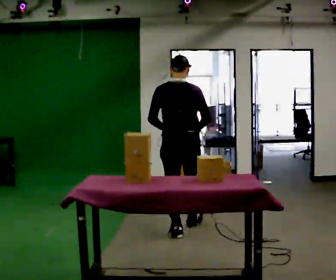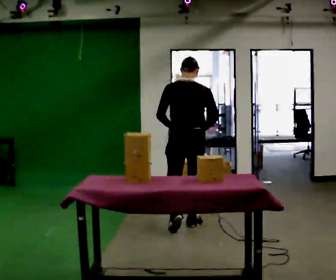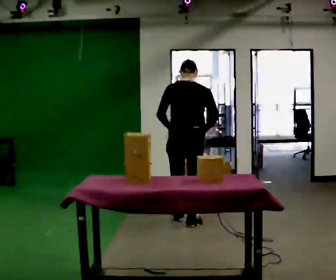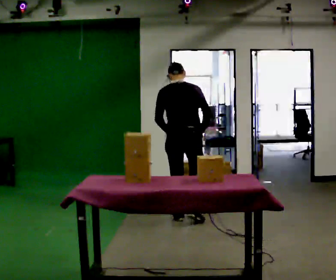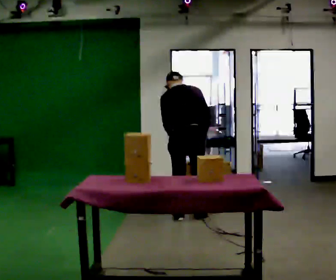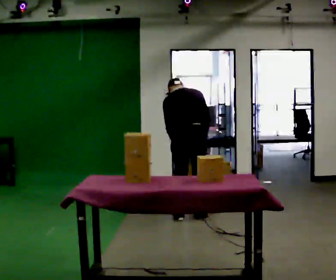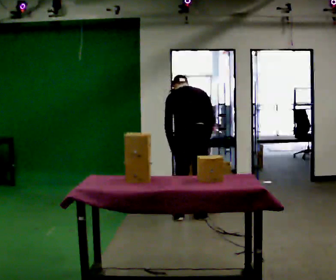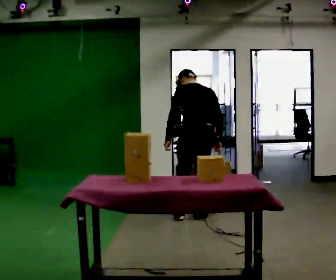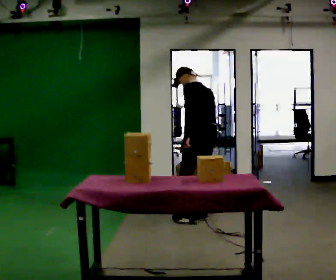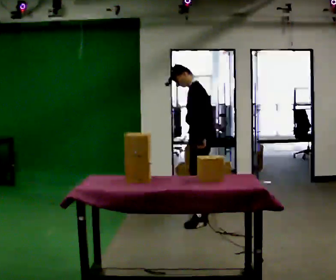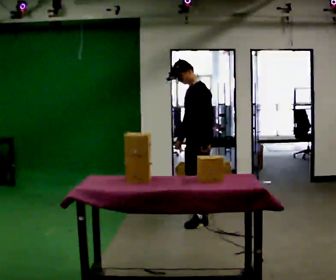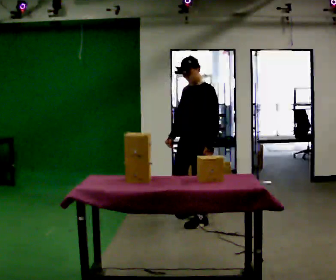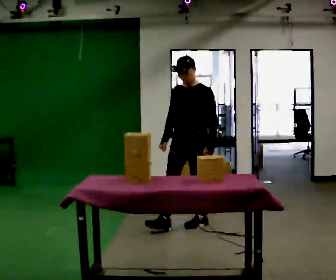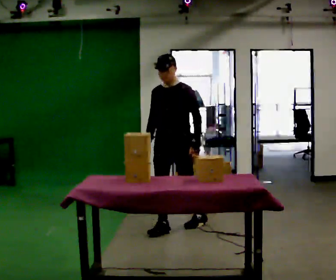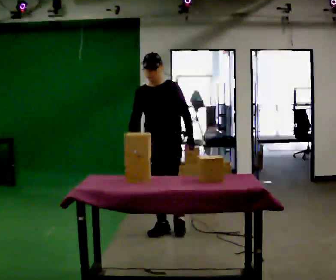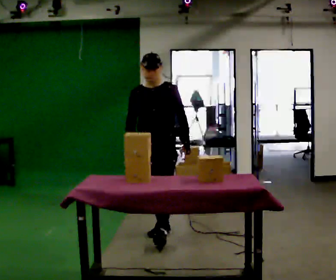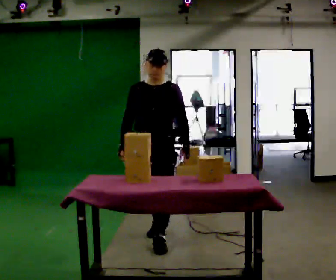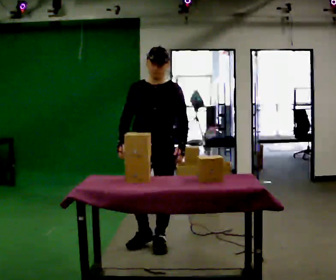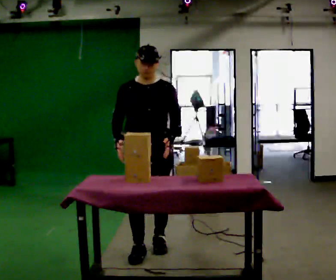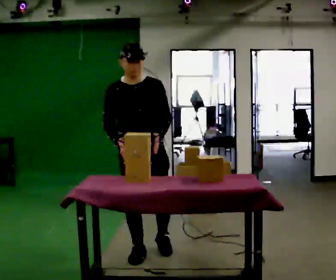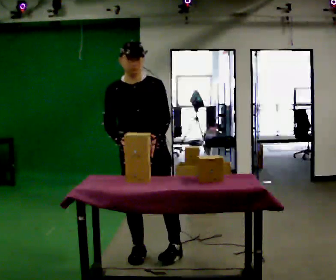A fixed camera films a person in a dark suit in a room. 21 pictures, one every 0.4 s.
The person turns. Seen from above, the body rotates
counterclockwise.
The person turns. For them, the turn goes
to their left.
0.0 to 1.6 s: In the picture they go away from the camera, about 0.5 m in 2 steps, which for them is forward. The upper body tips away from the camera, its near side rolling upward, as they bend forward.
1.6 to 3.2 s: Seen from above the body turns counterclockwise, about 60 degrees: to their left, with its near side sliding to the right. In the picture they go to the right, about 0.25 m, which for them is to their right.
3.2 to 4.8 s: The part of the body nearest the lens slides to the right as the person turns to their left by about 90 degrees. In the picture they go toward the camera, about 0.25 m in 1 step. The upper body tips toward the camera, its near side rolling downward, as they lean back or straighten.
4.8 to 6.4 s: In the picture they go toward the camera and to the left, about 0.75 m in 2 steps, which for them is forward.
6.4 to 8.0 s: In the picture they go toward the camera, about 0.5 m in 1 step, which for them is forward.
The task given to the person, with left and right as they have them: Clear everything off the table and put it away on the shelf, in as many trips as you need. Keep going until the operator says stop; one object at a time, and do not rush between trips.
The film runs forward here.
